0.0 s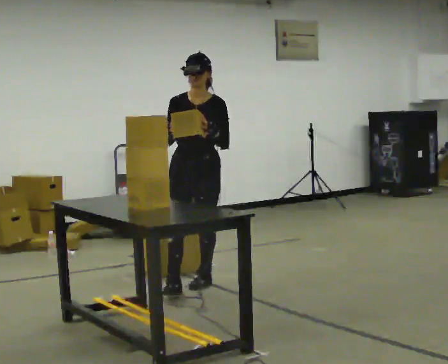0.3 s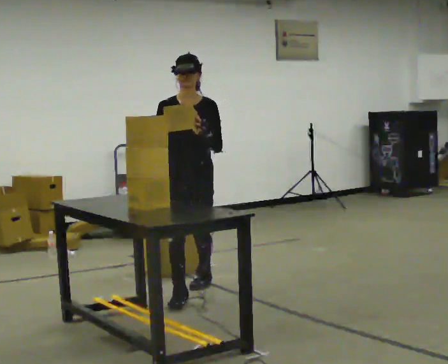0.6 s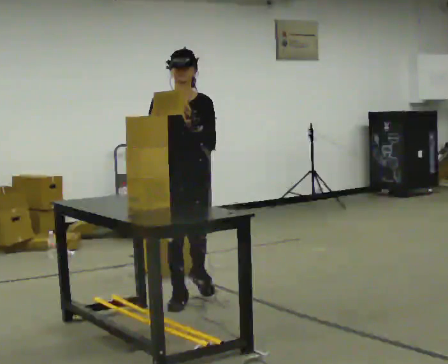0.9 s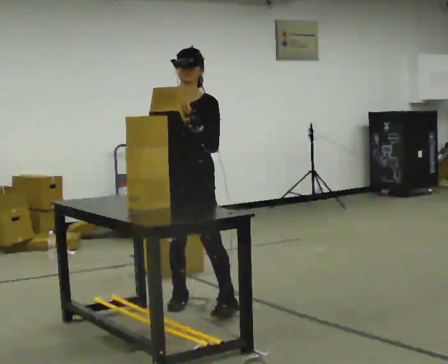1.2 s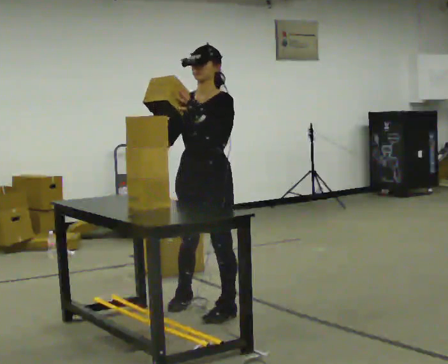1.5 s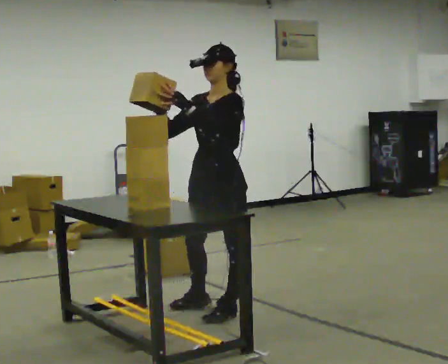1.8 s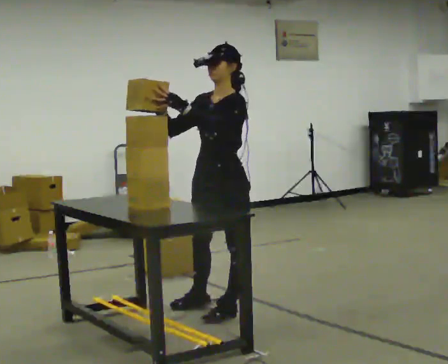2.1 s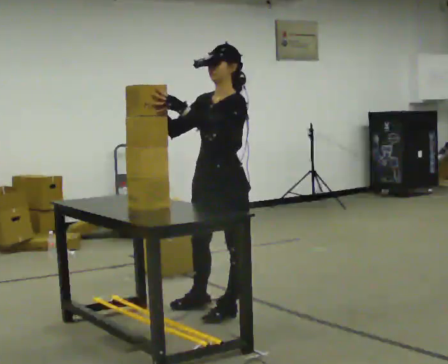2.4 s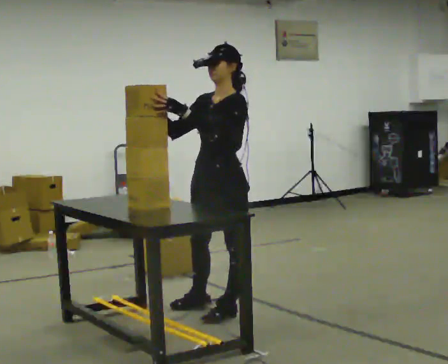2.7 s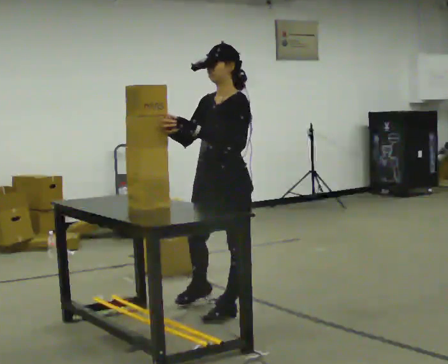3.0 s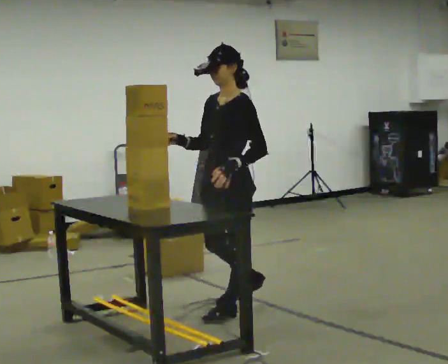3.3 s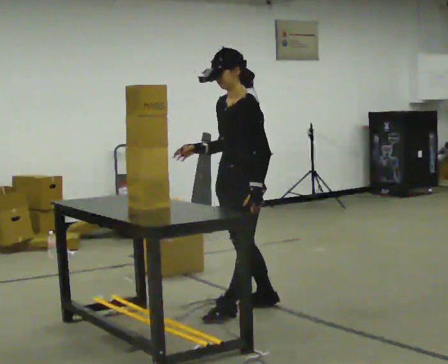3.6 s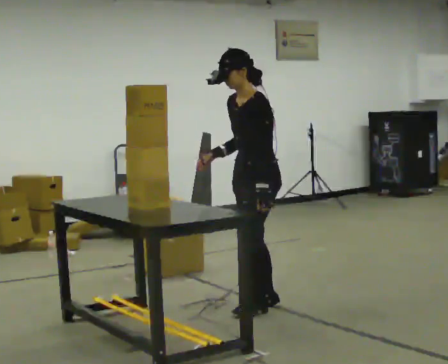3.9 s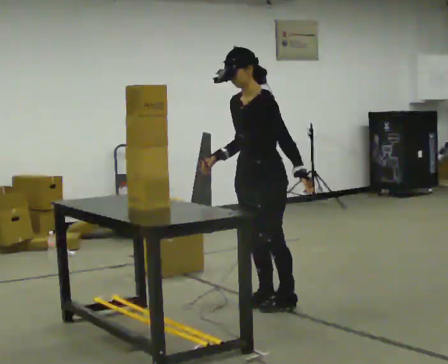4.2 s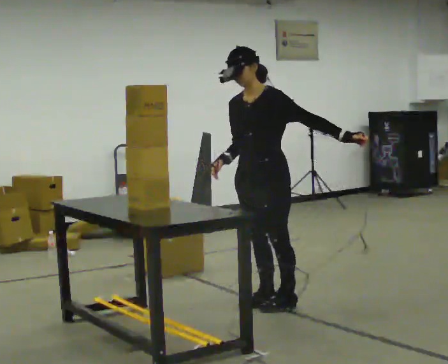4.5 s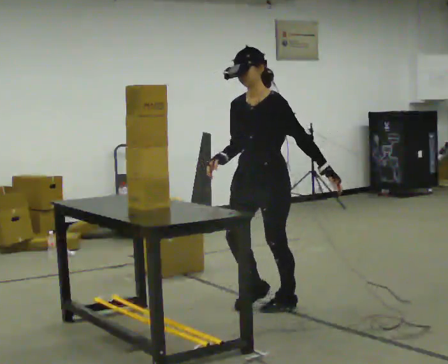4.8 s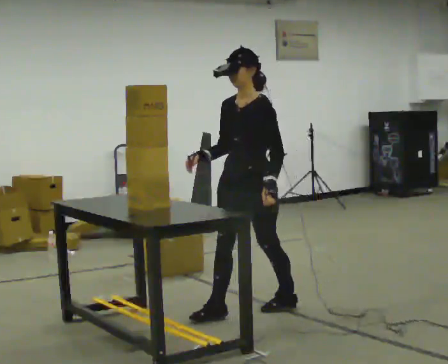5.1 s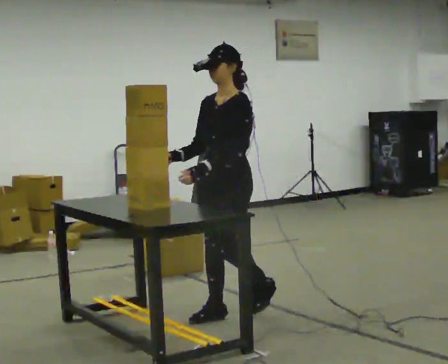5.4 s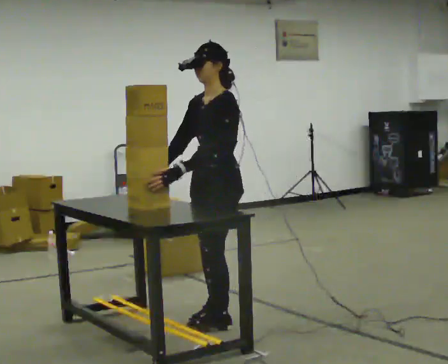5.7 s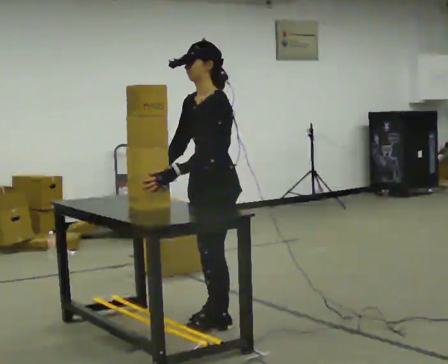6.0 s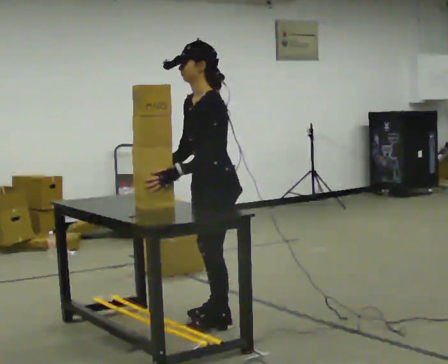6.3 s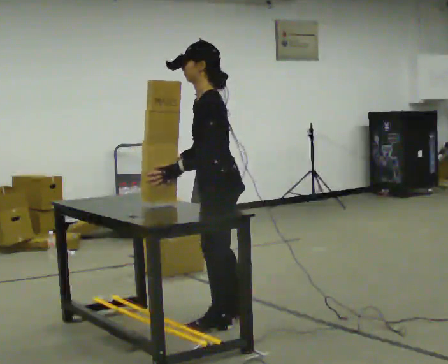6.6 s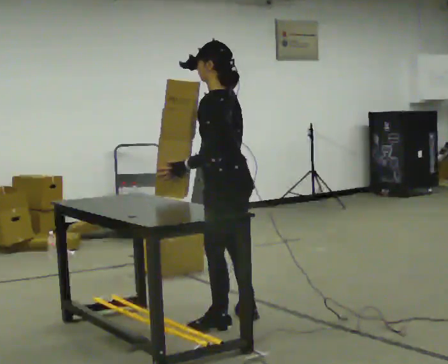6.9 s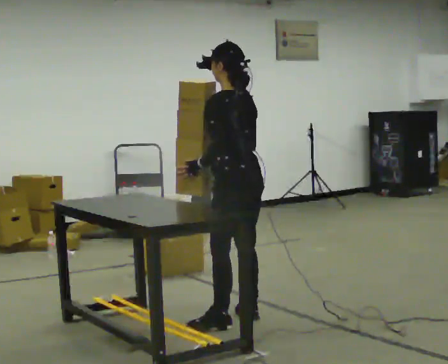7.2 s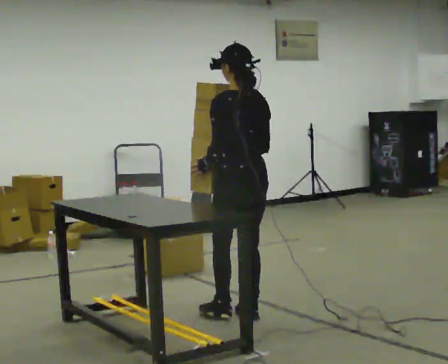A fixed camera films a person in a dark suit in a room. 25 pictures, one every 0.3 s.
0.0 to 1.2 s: In the picture they go toward the camera, about 0.75 m in 2 steps, which for them is forward.
1.2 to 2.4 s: The person moves a little, or ends about where they began.
2.4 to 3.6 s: In the picture they go away from the camera and to the right, about 0.25 m in 1 step, which for them is backward. In the picture their left hand goes downward.
3.6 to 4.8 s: The person moves a little, or ends about where they began.
4.8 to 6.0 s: The part of the body nearest the lens slides to the left as the person turns to their right by about 30 degrees. In the picture they go toward the camera and to the left, about 0.25 m in 1 step, which for them is forward and to their left.
6.0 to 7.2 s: The person turns about 60 degrees to their right, clockwise seen from above, so the part of the body nearest the lens slides to the left. In the picture they go away from the camera, about 0.25 m. In the picture their right hand goes to the right.
The film runs forward here.
